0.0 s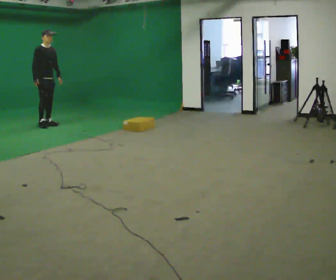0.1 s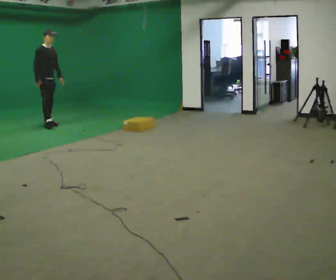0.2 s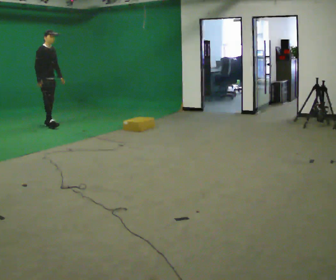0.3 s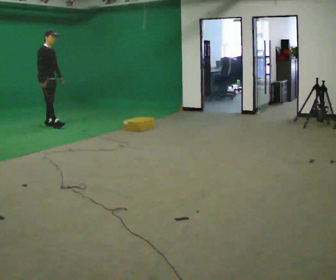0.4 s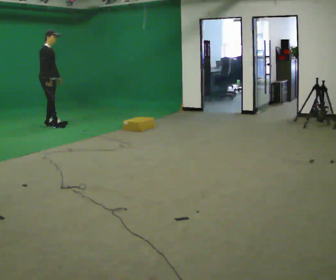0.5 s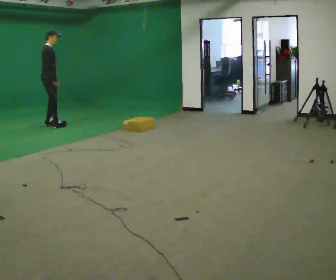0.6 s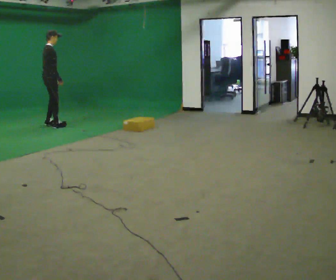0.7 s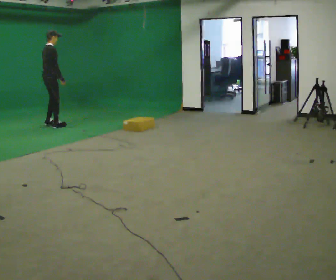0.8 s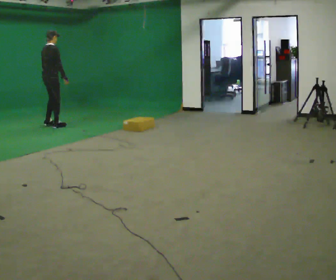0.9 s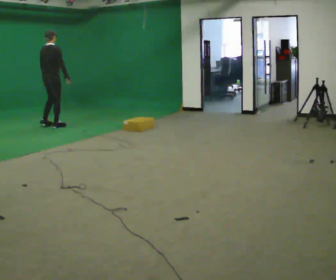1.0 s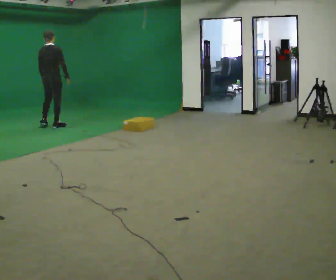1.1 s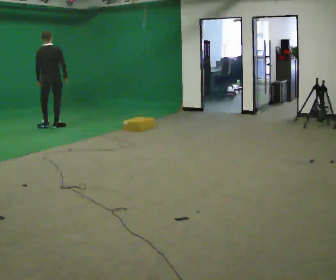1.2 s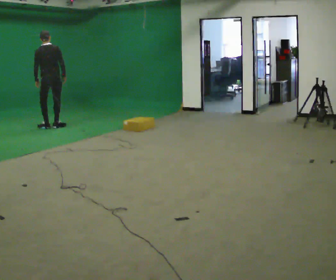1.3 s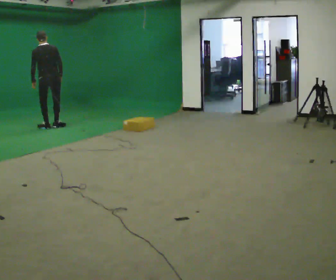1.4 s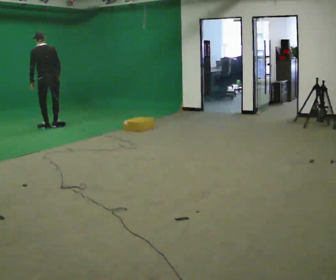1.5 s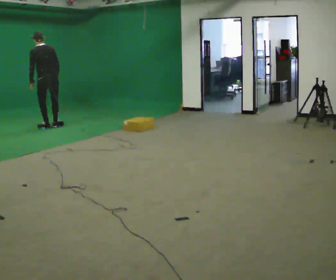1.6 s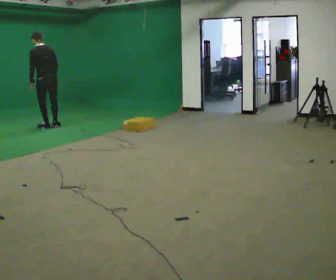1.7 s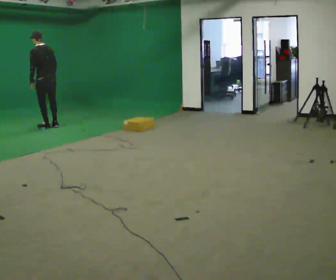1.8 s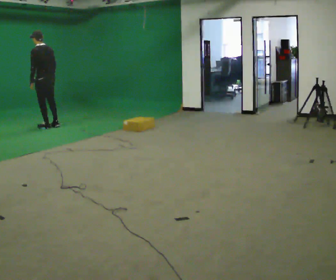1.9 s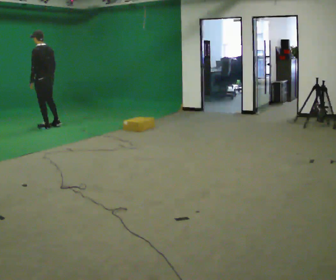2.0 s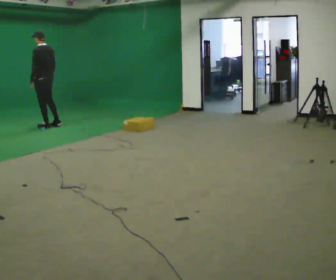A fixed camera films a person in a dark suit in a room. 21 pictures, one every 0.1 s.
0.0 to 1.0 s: Seen from above the body turns counterclockwise, about 105 degrees: to their left, with its near side sliding to the right. In the picture they go toward the camera and to the right, about 0.25 m in 1 step.
1.0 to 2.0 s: The person turns about 75 degrees to their left, counterclockwise seen from above, so the part of the body nearest the lens slides to the right. In the picture their right hand goes to the left.
The film runs backward here.
